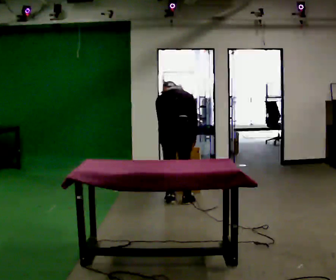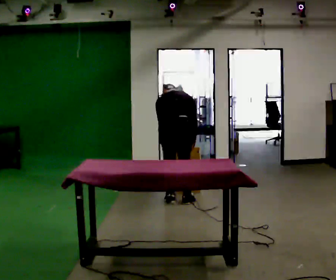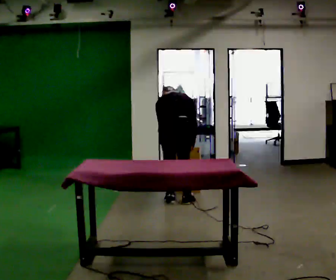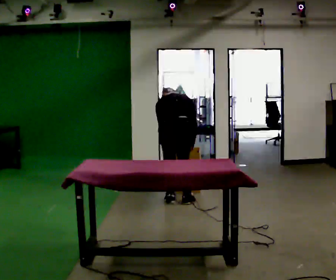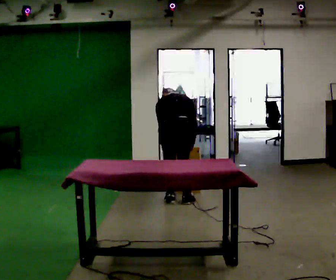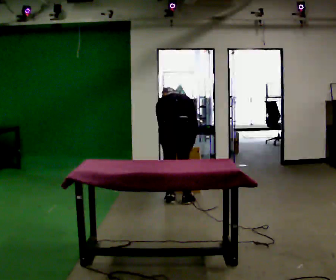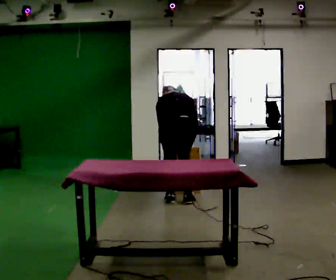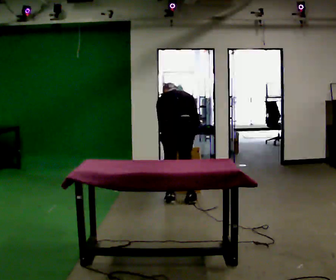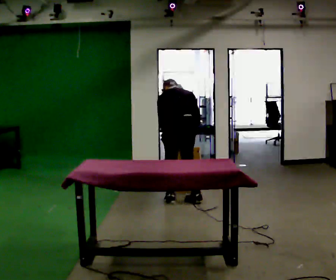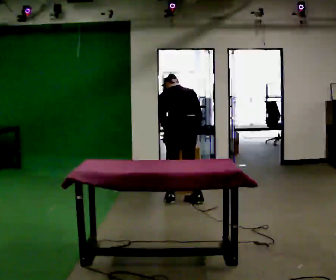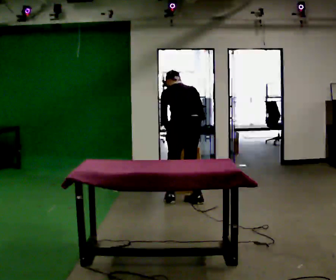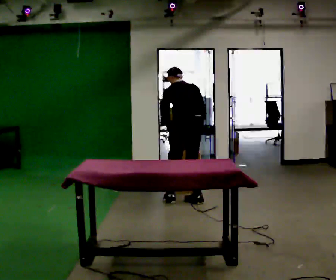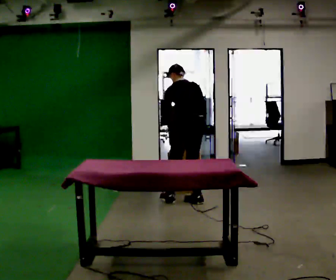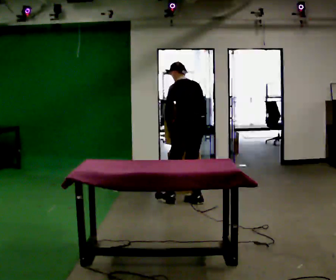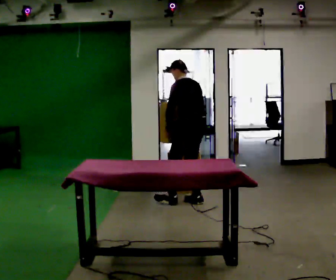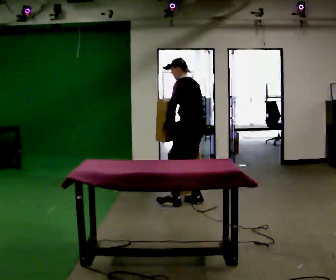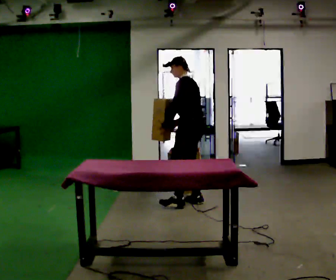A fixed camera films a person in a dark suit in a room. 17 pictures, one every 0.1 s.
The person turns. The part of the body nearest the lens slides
to the right.
The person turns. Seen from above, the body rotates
counterclockwise.
0.0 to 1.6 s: The part of the body nearest the lens slides to the right as the person turns to their left by about 75 degrees. In the picture they go to the right, about 0.25 m in 1 step. The upper body tips toward the camera, its near side rolling downward, as they lean back or straighten.
The film runs forward here.
